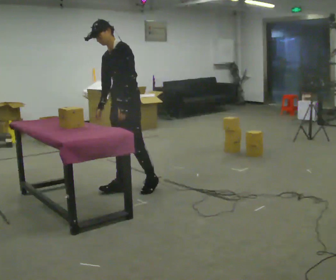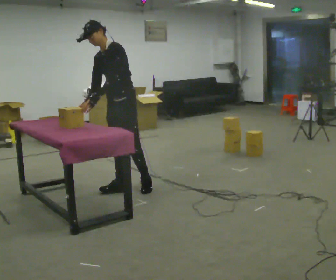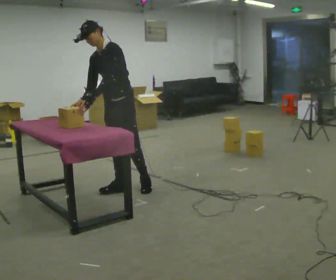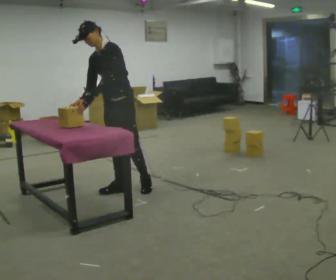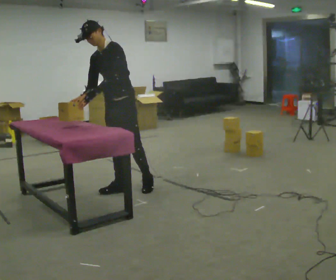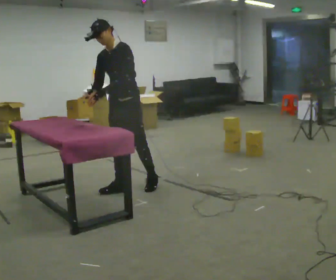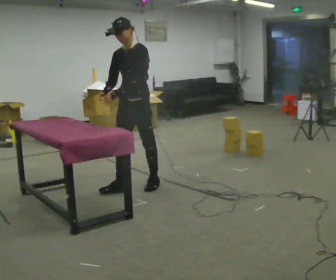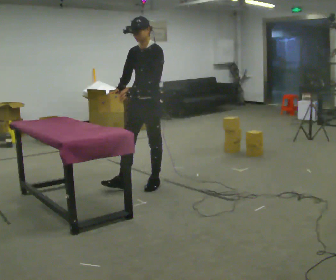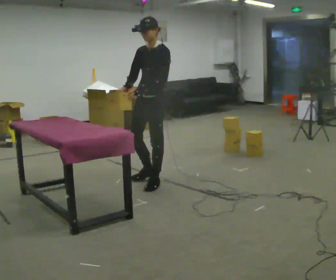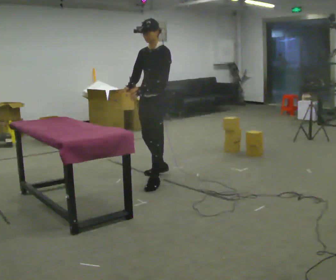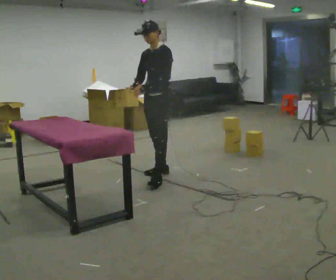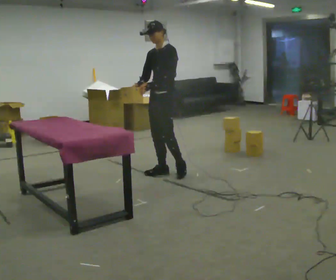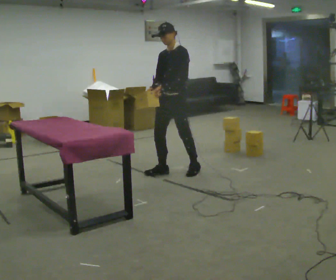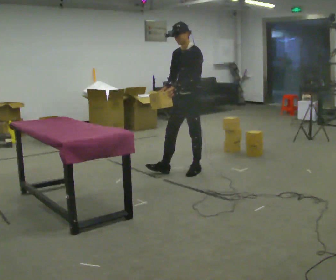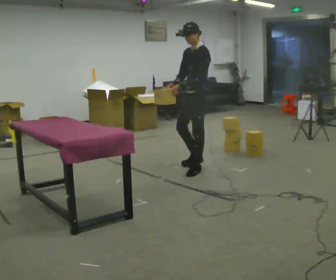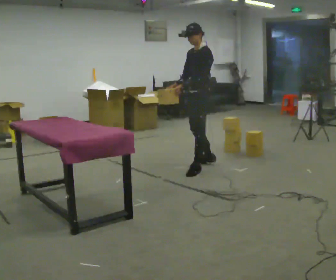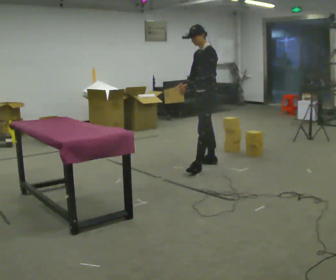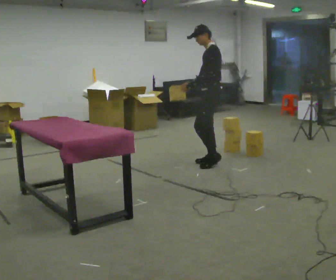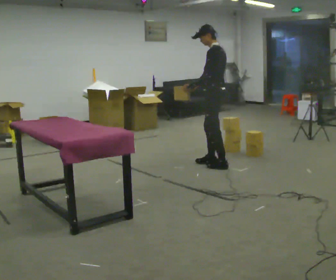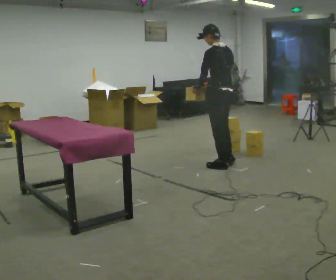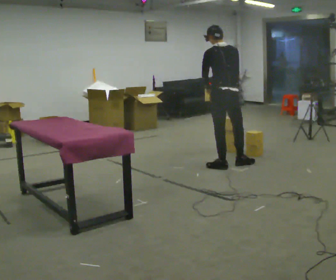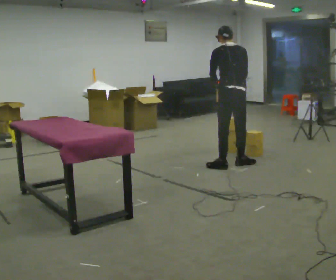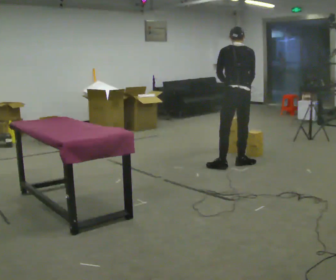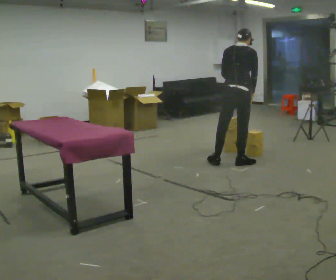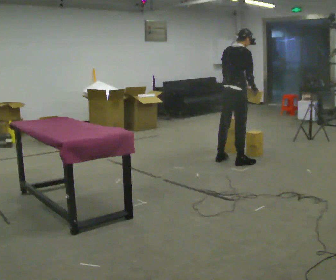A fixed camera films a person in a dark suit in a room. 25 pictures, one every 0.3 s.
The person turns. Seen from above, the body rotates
clockwise.
The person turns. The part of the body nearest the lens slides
to the left.
0.0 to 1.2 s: The person moves a little, or ends about where they began.
1.2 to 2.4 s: In the picture they go to the right and away from the camera, about 0.25 m in 1 step, which for them is backward and to their left. In the picture the upper body tilts clockwise, shoulders to the right, as they lean back or straighten.
2.4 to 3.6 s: In the picture they go away from the camera and to the right, about 0.5 m in 1 step, which for them is backward.
3.6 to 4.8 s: The person turns about 30 degrees to their right, clockwise seen from above, so the part of the body nearest the lens slides to the left. In the picture they go to the right and away from the camera, about 0.5 m in 1 step, which for them is backward.
4.8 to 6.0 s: The person turns about 105 degrees to their right, clockwise seen from above, so the part of the body nearest the lens slides to the left. In the picture they go to the right, about 0.25 m in 2 steps. In the picture their right hand goes to the right.
6.0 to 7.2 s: The part of the body nearest the lens slides to the left as the person turns to their right by about 60 degrees. In the picture they go away from the camera, about 0.25 m in 1 step, which for them is forward. In the picture the upper body tilts clockwise, shoulders to the right. In the picture their right hand goes to the right.
The film runs backward here.
